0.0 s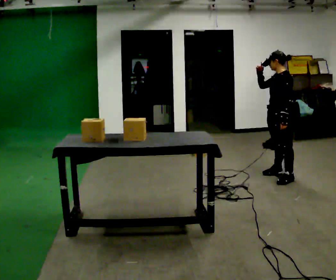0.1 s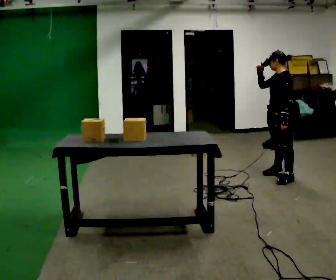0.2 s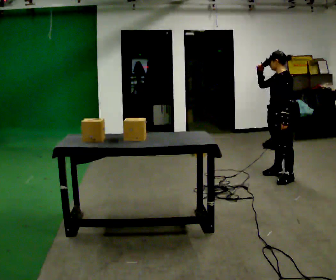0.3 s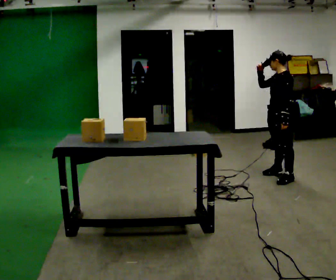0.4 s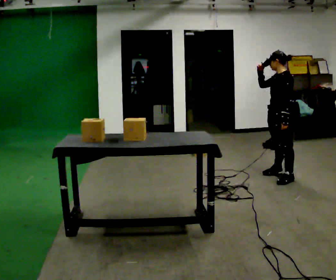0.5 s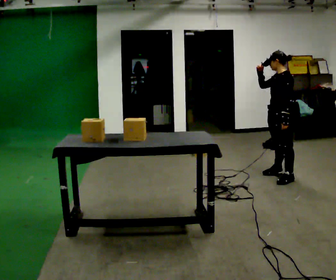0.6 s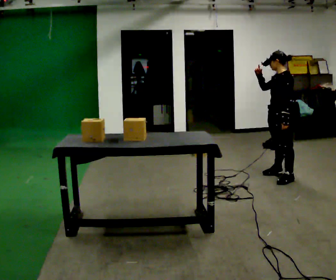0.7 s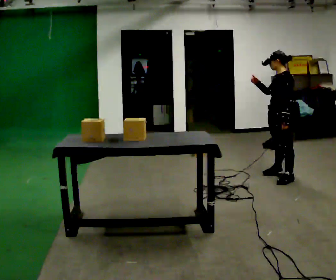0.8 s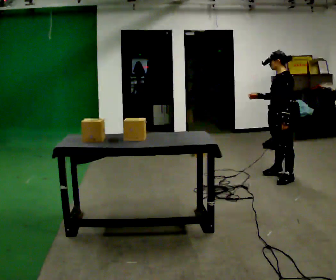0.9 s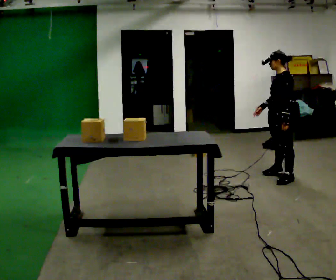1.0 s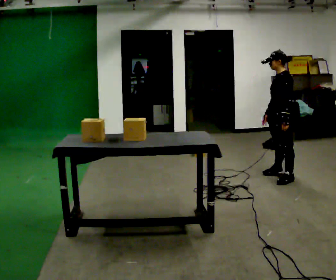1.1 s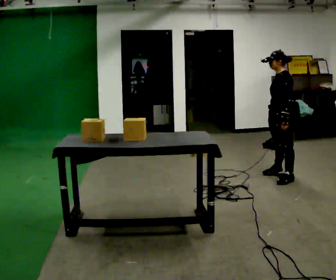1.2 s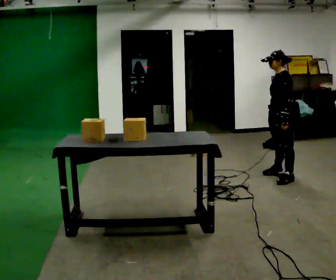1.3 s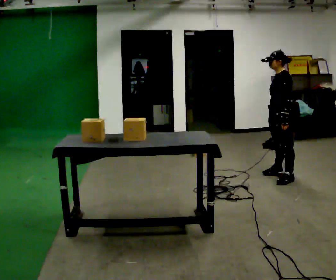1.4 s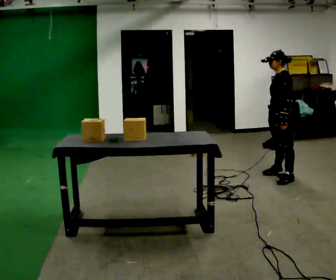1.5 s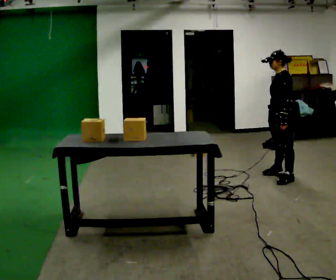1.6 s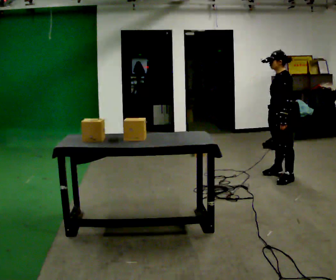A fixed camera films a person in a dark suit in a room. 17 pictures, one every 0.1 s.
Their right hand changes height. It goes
downward.
0.0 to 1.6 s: In the picture their right hand goes downward.
The film runs forward here.
